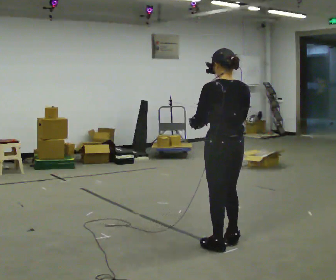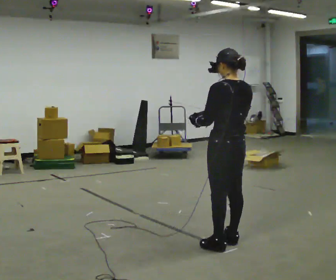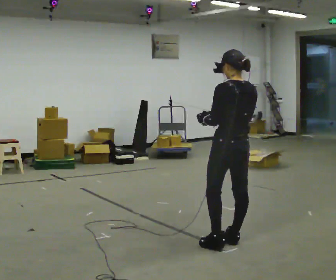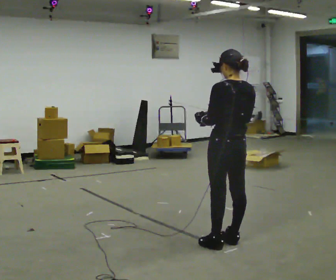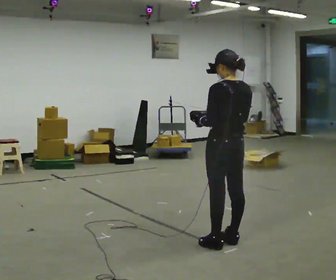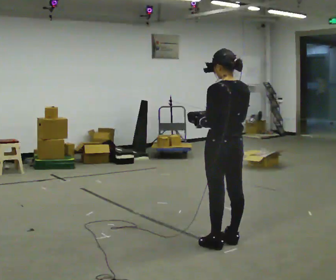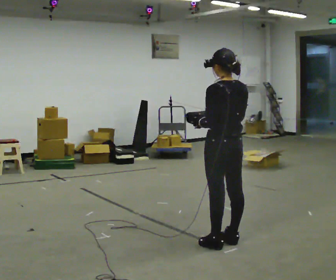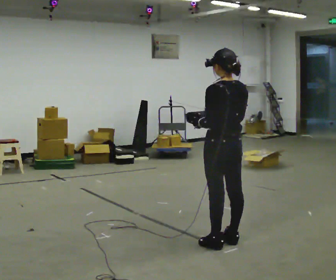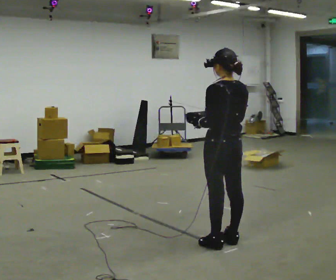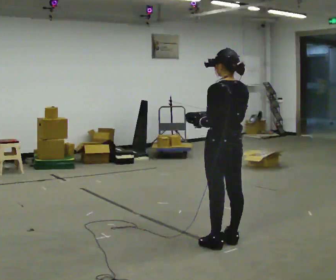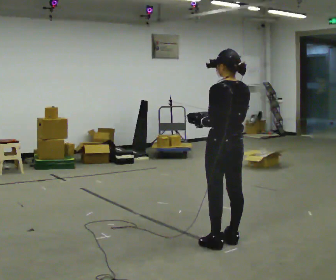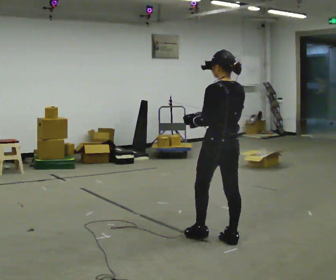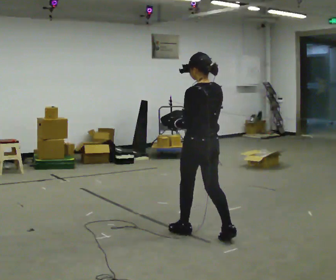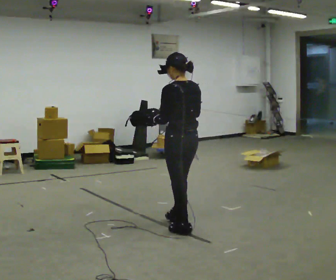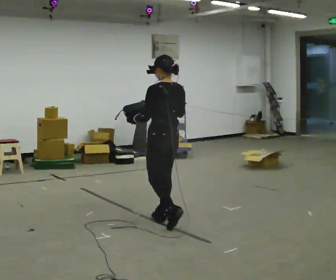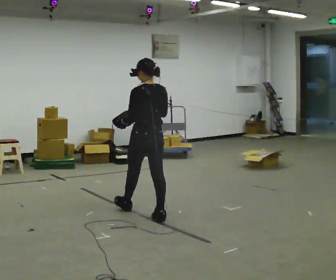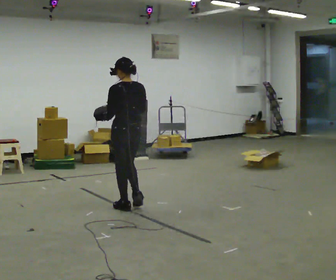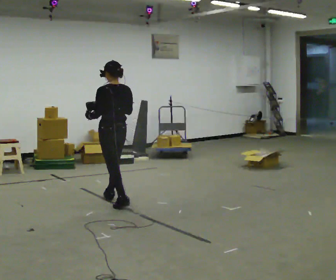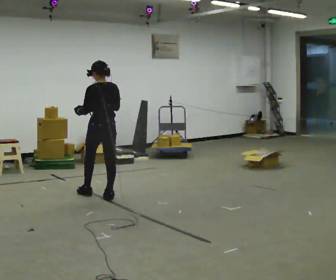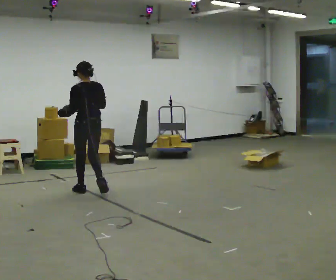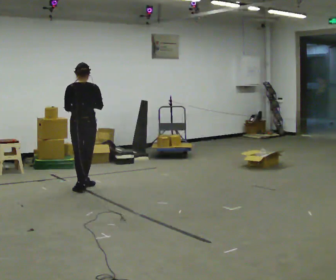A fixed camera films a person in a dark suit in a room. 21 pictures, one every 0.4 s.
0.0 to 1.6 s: The person moves a little, or ends about where they began.
1.6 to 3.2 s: The person keeps their place and pose.
3.2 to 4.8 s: In the picture they go to the left and away from the camera, about 0.25 m in 1 step, which for them is forward.
4.8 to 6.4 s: In the picture they go to the left and away from the camera, about 1 m in 2 steps, which for them is forward.
6.4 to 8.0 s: The person turns about 30 degrees to their right, clockwise seen from above, so the part of the body nearest the lens slides to the left. In the picture they go to the left and away from the camera, about 1 m in 3 steps, which for them is forward.
The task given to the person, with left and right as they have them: Carry the bag and, while walking, undo the buckle or zip, then do it up again. Keep repeating as you walk. Do not stop.
The film runs forward here.
